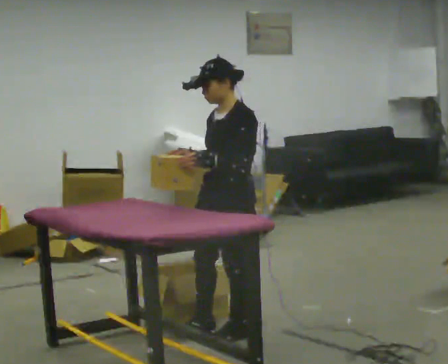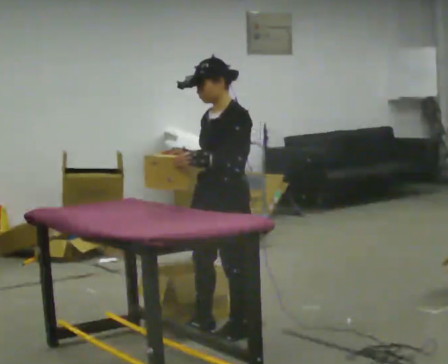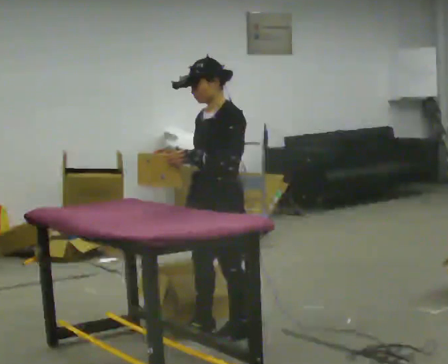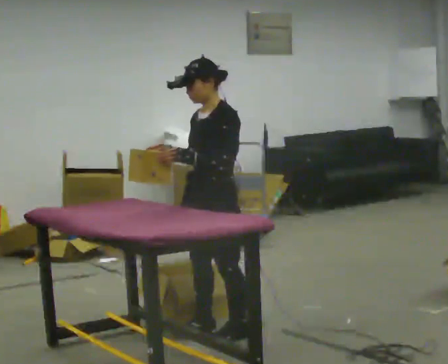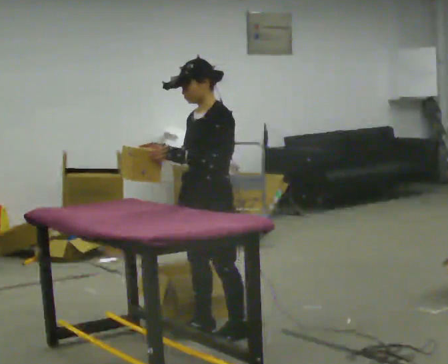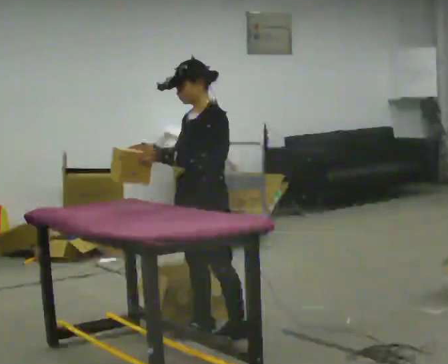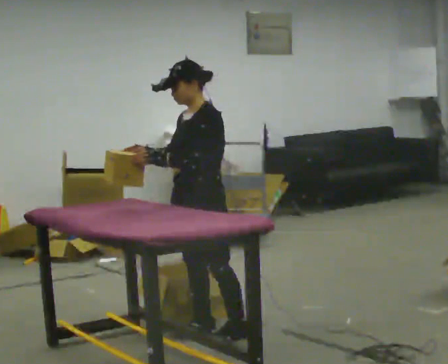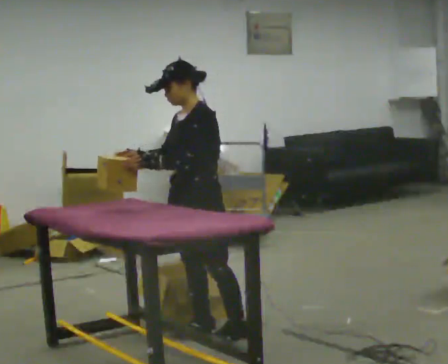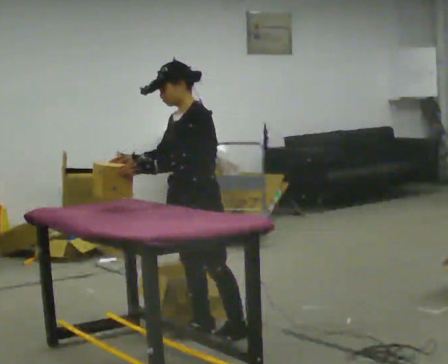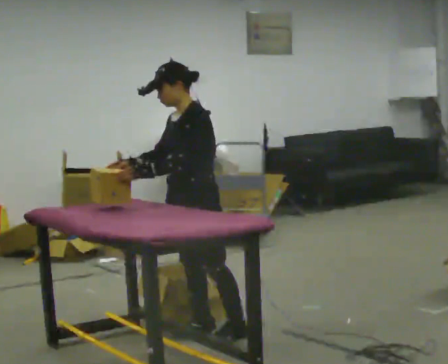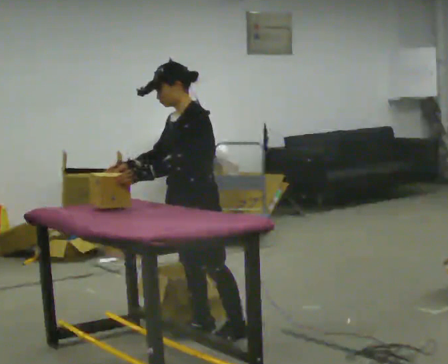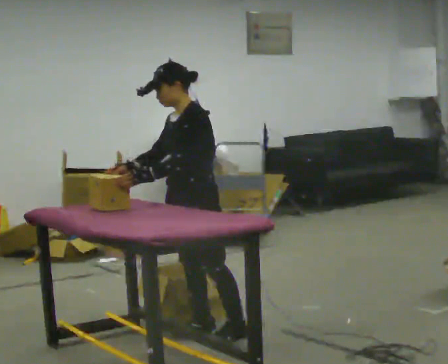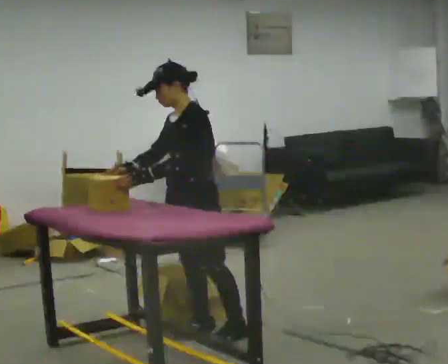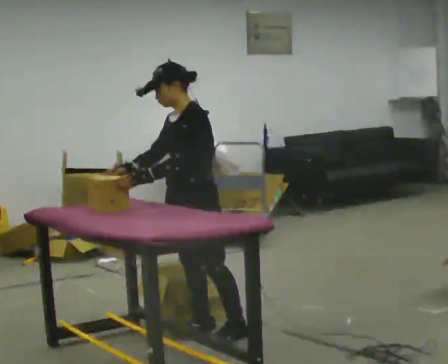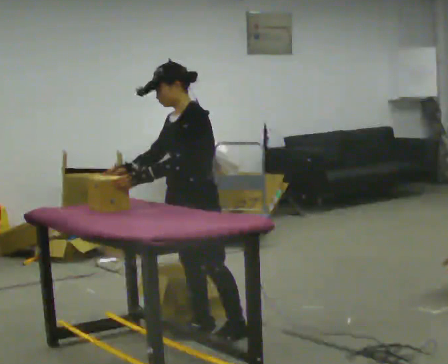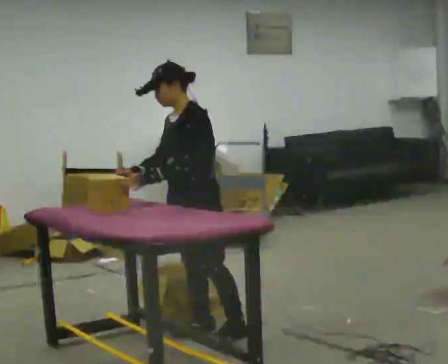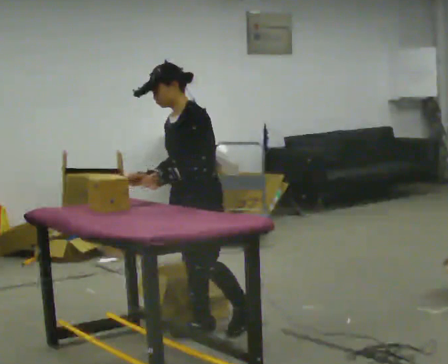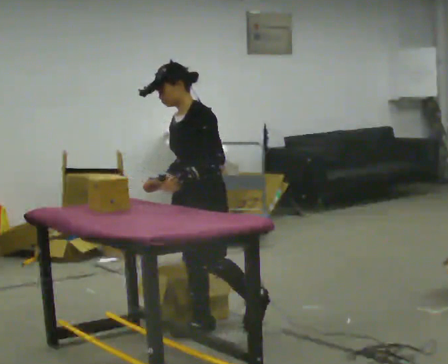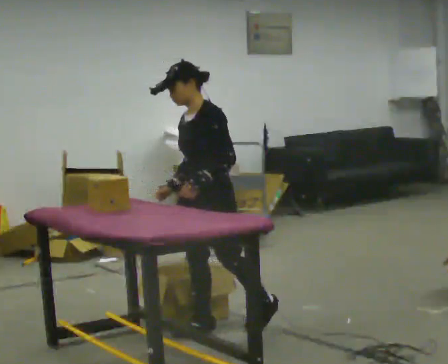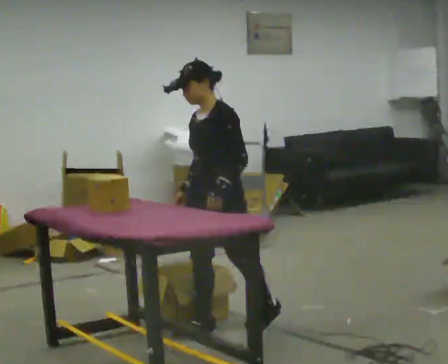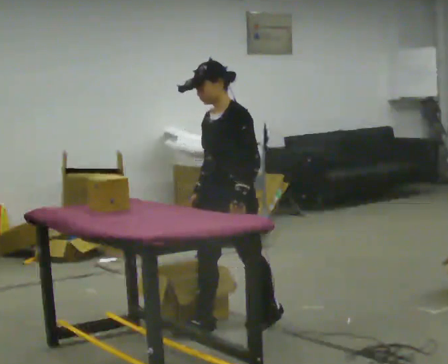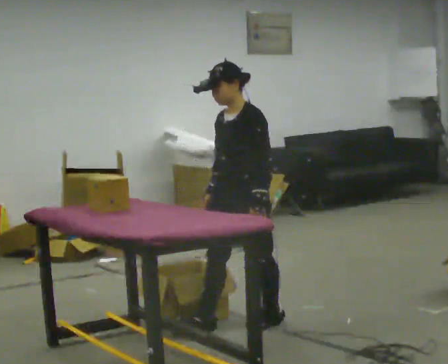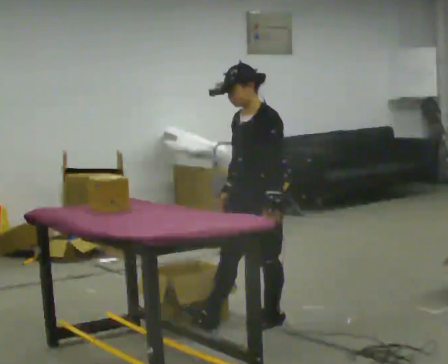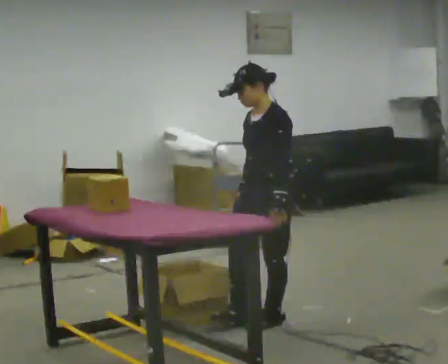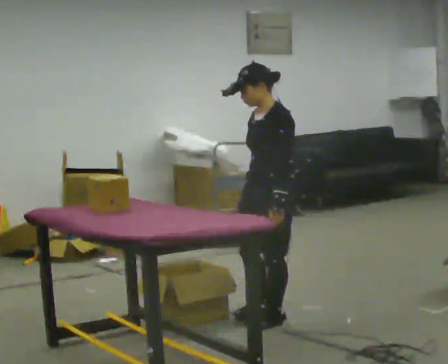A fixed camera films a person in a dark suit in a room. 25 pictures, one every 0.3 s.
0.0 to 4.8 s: The person moves a little, or ends about where they began.
4.8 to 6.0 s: In the picture they go to the right, about 0.25 m, which for them is backward. In the picture their left hand goes to the right.
6.0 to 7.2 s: In the picture they go to the right, about 0.25 m, which for them is backward.
The film runs forward here.
